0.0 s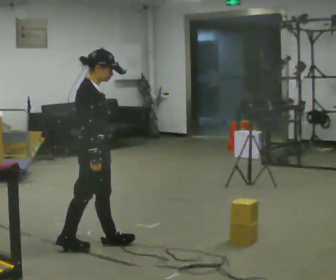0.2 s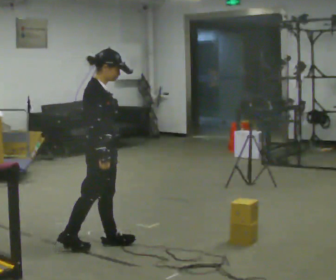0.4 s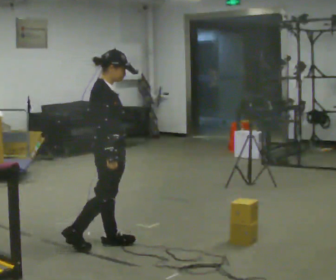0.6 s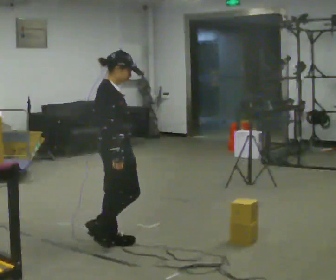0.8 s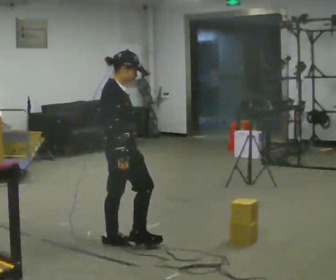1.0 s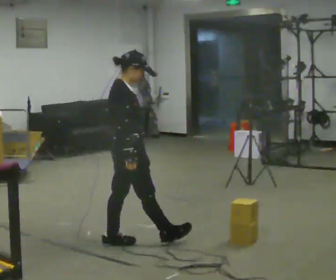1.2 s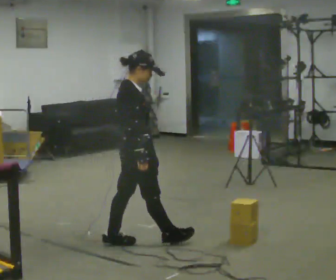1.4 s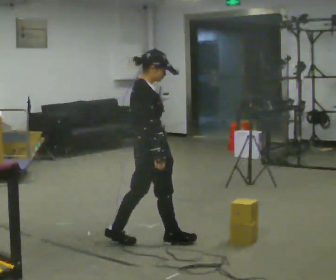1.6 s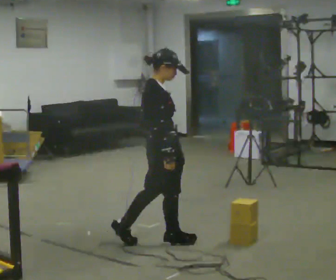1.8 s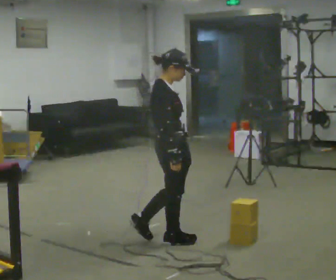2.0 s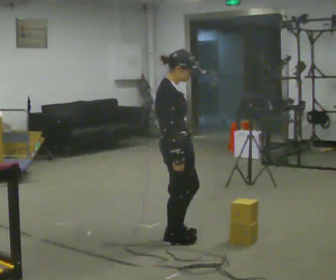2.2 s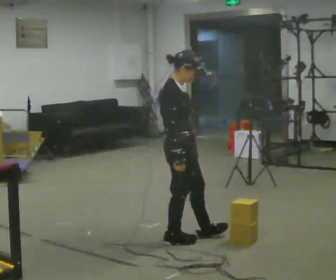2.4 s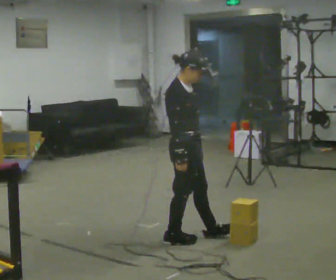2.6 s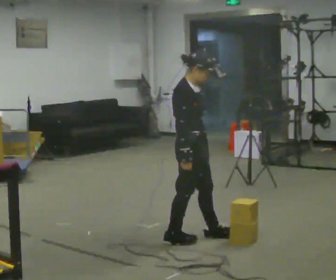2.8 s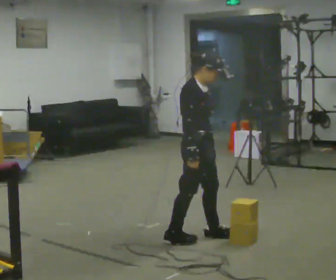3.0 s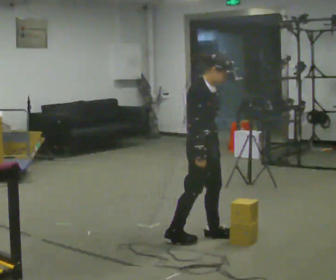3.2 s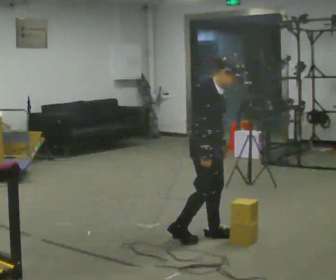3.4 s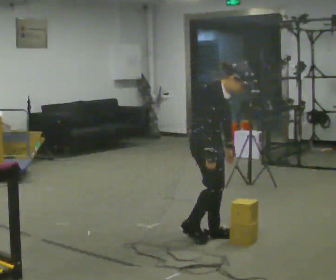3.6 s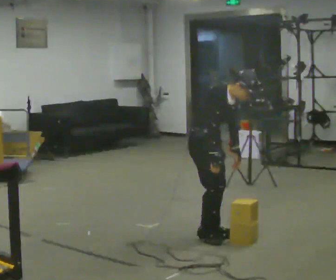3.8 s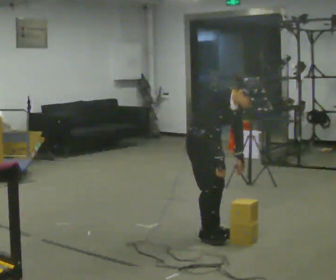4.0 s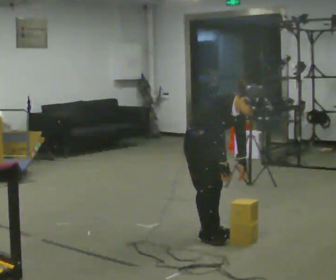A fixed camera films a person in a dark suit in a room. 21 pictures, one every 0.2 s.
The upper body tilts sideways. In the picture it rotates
clockwise.
The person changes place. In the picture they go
to the right.
0.0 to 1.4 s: In the picture they go to the right, about 0.5 m in 1 step, which for them is forward.
1.4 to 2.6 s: The part of the body nearest the lens slides to the left as the person turns to their right by about 30 degrees. In the picture they go to the right, about 0.25 m in 1 step, which for them is forward.
2.6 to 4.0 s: In the picture they go away from the camera, about 0.25 m in 1 step, which for them is to their left. In the picture the upper body tilts clockwise, shoulders to the right, as they bend forward. In the picture their left hand goes to the right.
The film runs forward here.
